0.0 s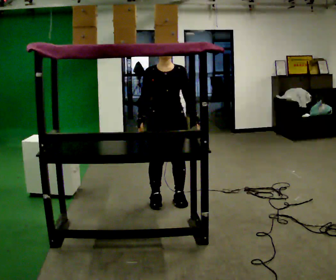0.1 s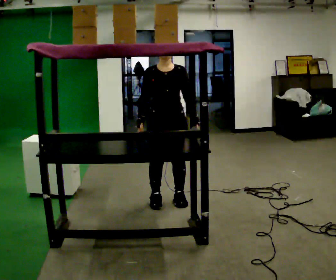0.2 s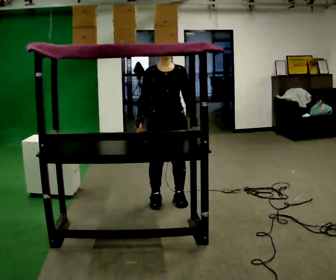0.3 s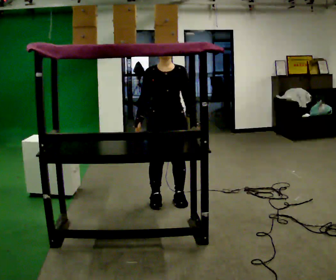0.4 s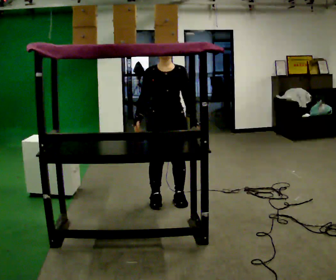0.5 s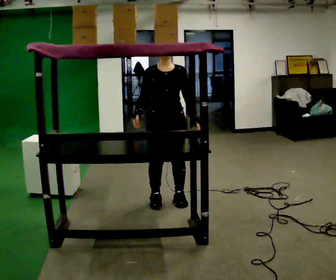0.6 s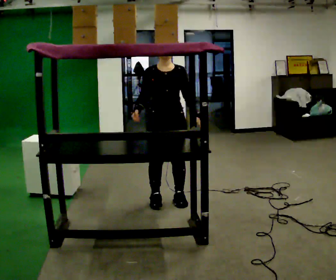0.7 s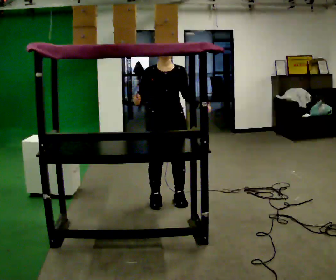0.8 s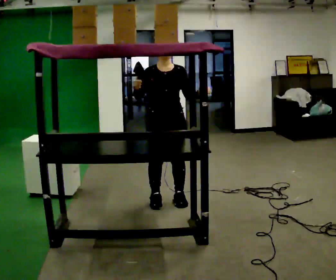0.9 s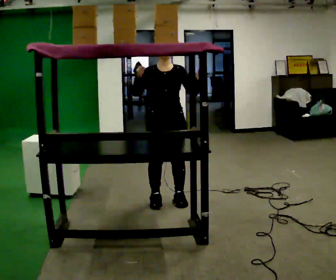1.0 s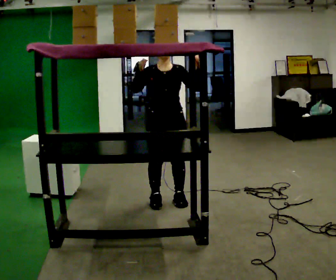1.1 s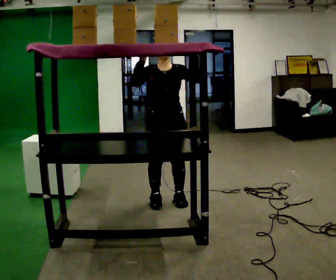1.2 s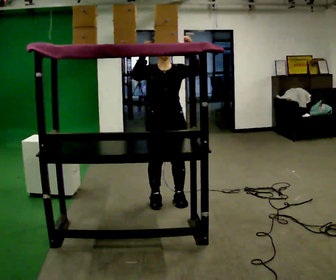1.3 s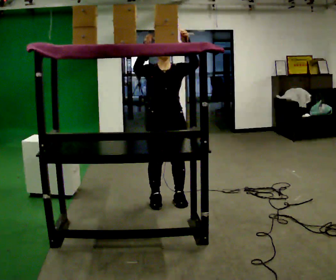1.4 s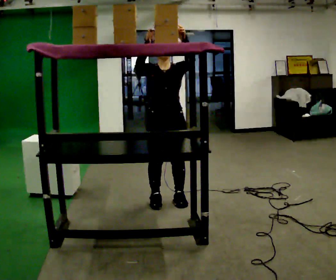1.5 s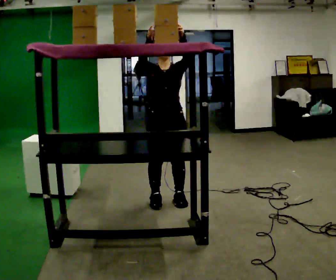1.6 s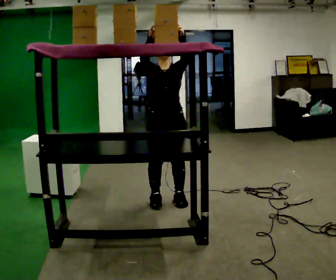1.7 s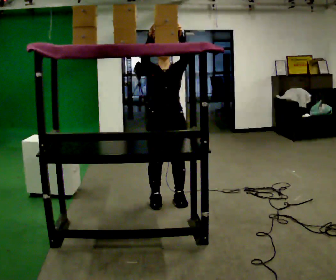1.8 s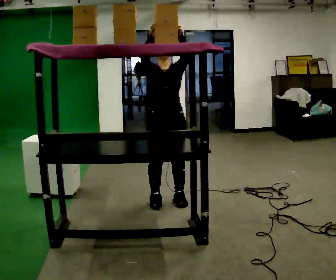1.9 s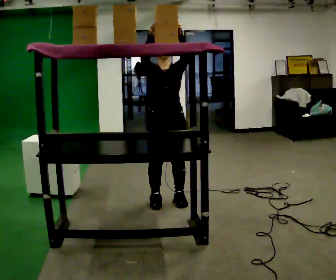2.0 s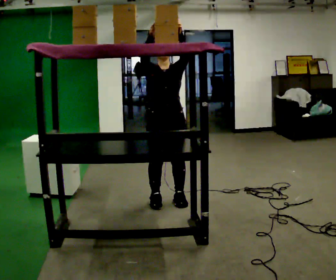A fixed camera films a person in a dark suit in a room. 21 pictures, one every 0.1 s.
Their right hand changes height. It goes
upward.
Their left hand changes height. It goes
upward.
0.0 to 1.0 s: In the picture their right hand goes upward.
1.0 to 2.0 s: The person moves a little, or ends about where they began.
The film runs backward here.
